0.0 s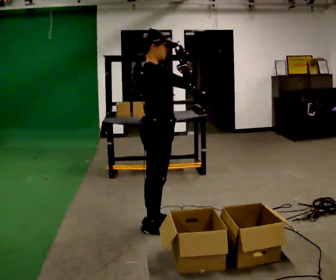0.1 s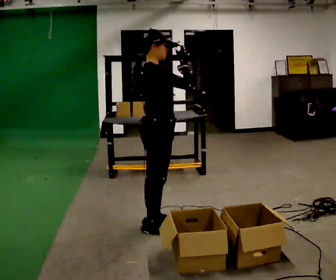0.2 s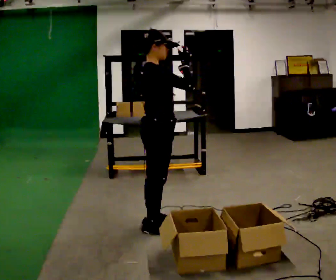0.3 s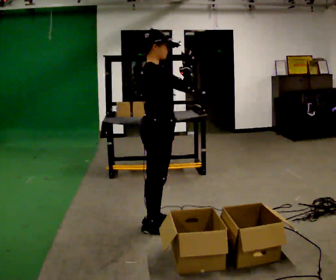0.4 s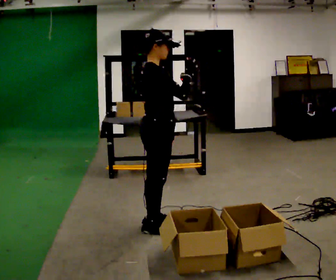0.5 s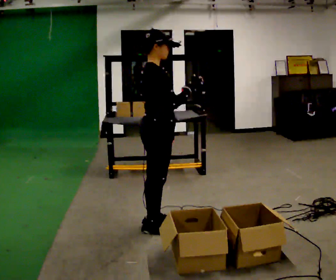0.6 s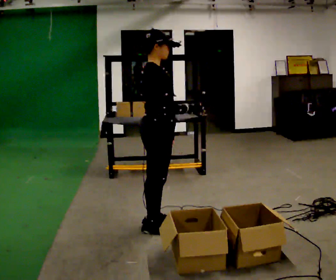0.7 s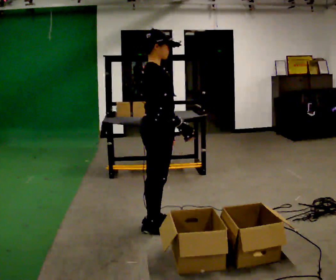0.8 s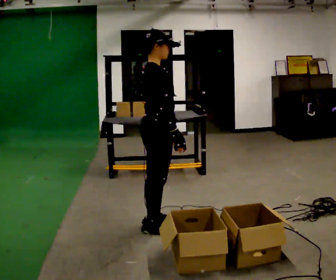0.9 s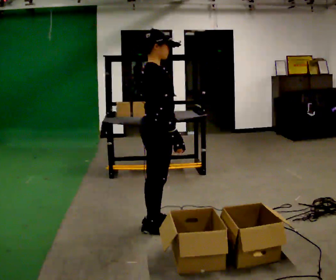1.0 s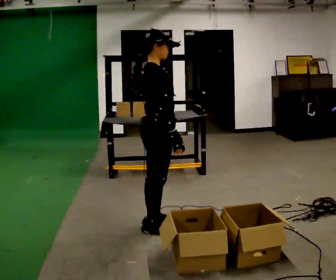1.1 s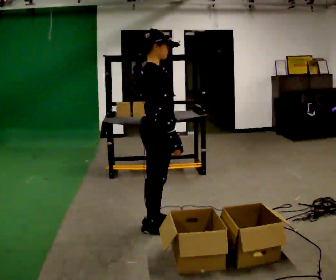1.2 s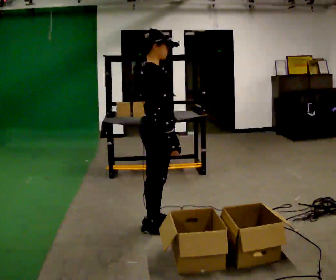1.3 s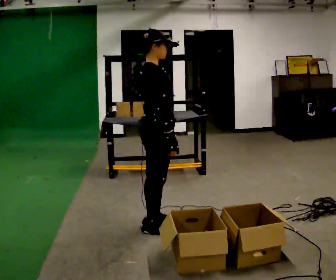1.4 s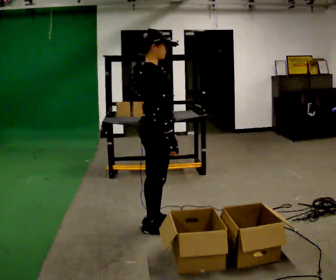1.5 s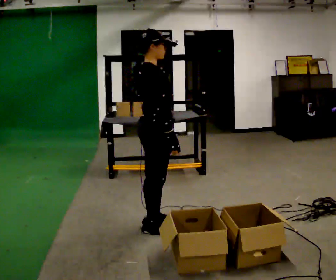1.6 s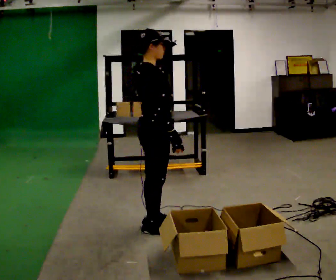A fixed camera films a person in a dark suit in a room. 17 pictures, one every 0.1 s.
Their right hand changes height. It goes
downward.
0.0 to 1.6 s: In the picture their right hand goes downward.
The film runs backward here.
